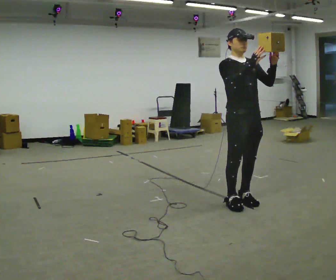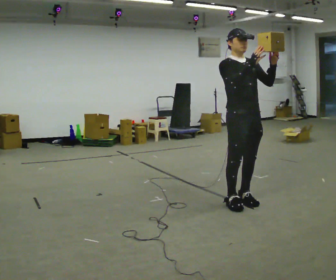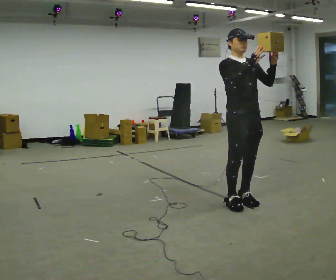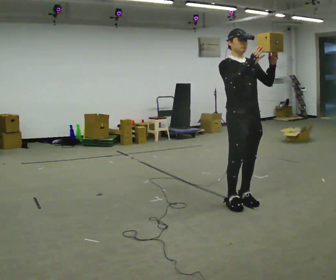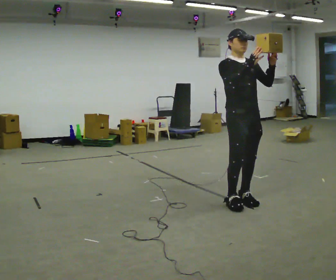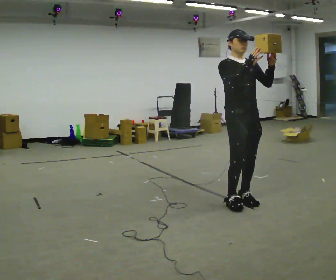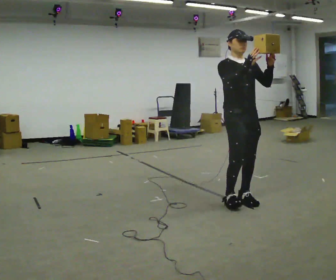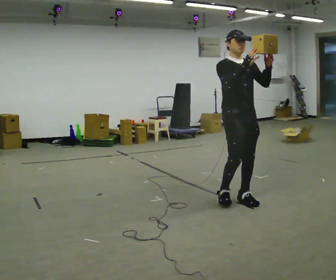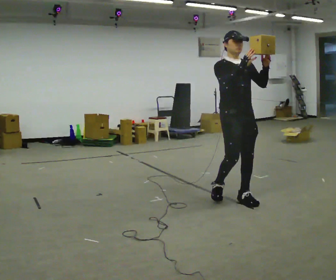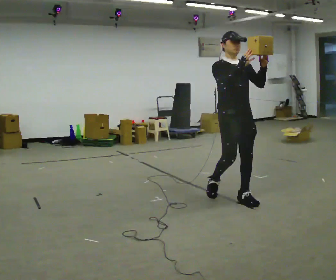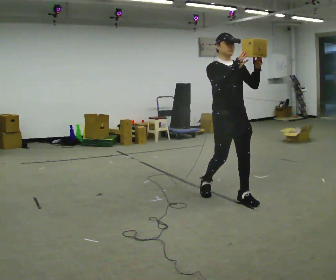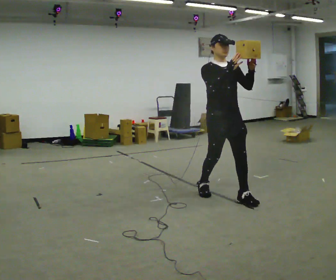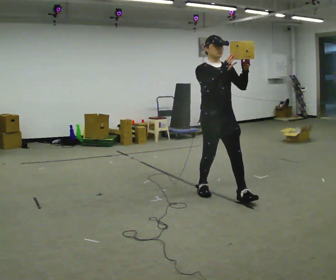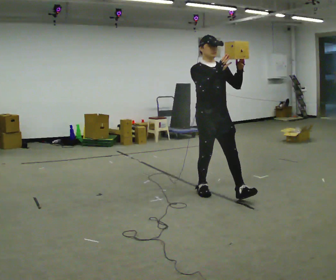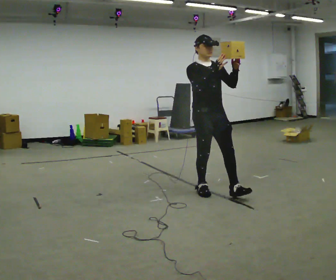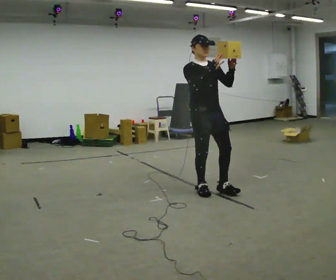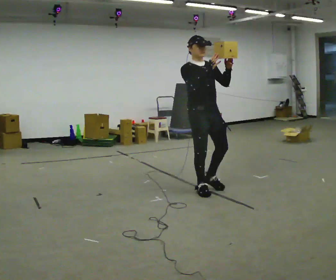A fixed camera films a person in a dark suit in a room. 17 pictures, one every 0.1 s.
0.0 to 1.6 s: In the picture they go away from the camera and to the left, about 0.5 m in 2 steps, which for them is backward.
The film runs backward here.
